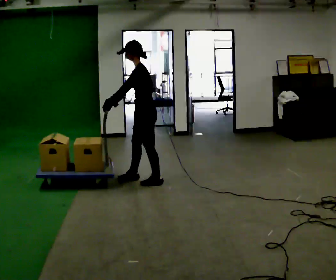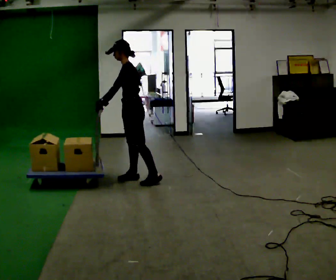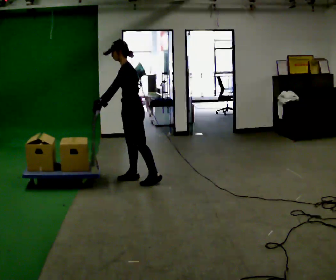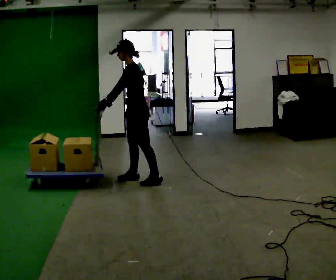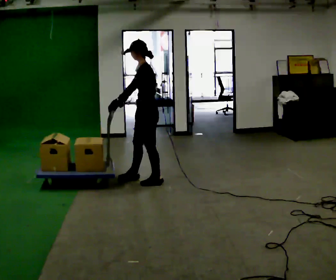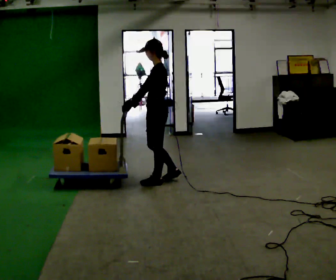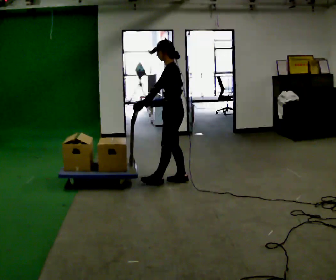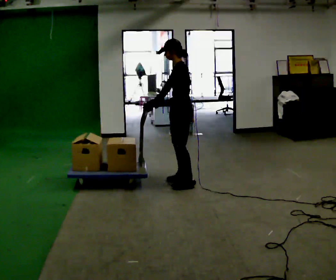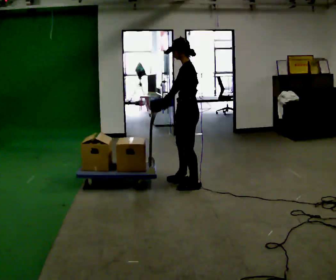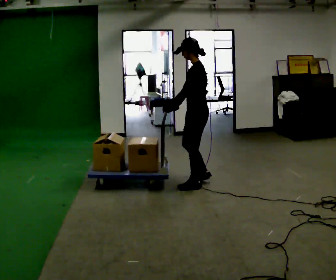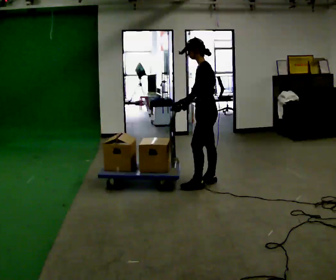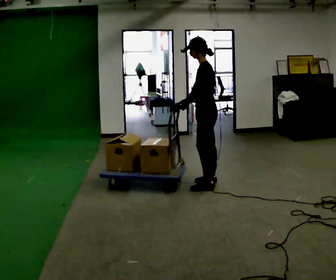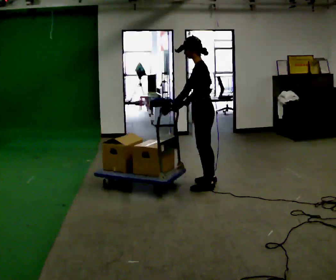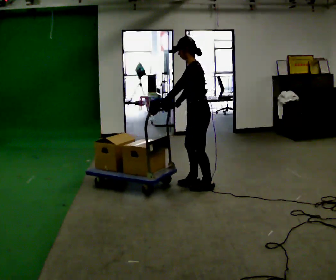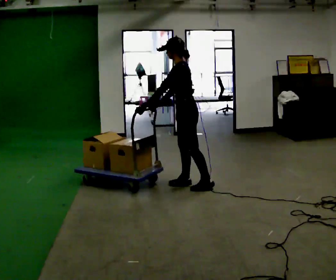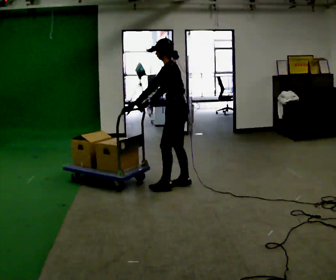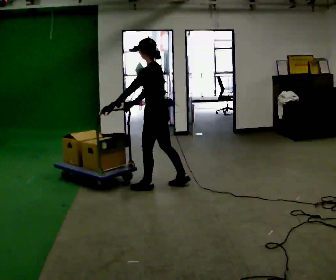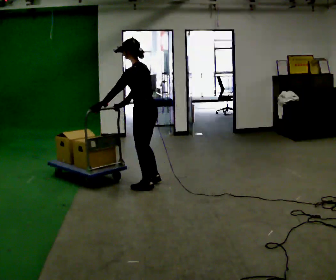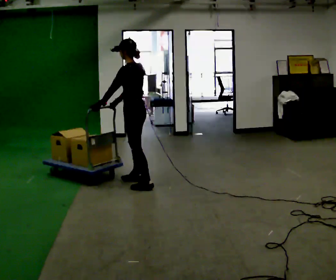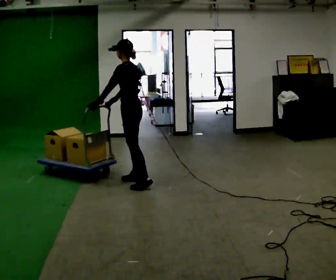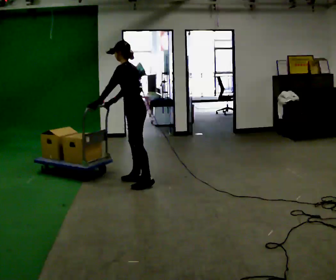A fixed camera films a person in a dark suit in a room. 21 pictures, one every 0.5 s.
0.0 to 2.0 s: The person moves a little, or ends about where they began.
2.0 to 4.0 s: In the picture they go to the right, about 0.5 m in 2 steps, which for them is backward.
4.0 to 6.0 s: The person moves a little, or ends about where they began.
6.0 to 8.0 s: In the picture they go to the left, about 0.5 m in 2 steps, which for them is forward.
8.0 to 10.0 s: In the picture they go to the left and away from the camera, about 0.25 m in 1 step, which for them is forward.
The film runs forward here.
